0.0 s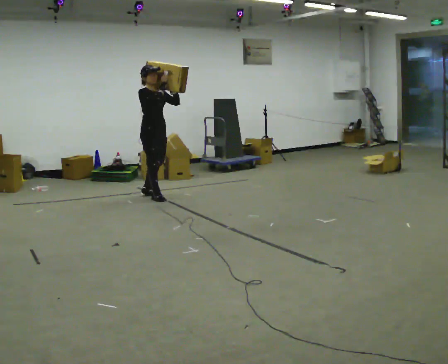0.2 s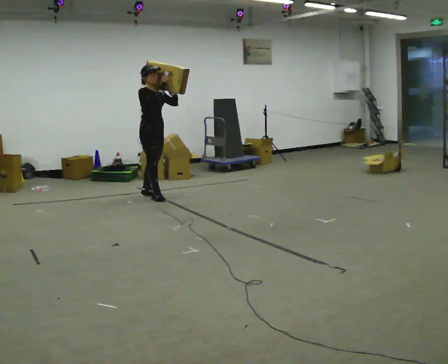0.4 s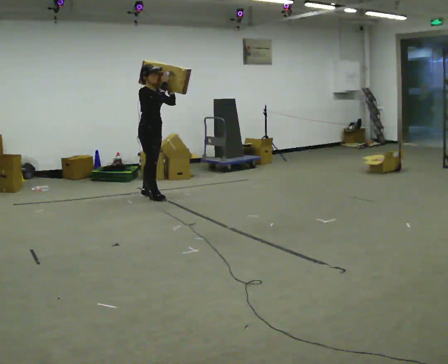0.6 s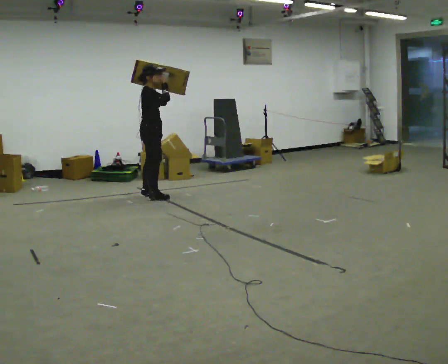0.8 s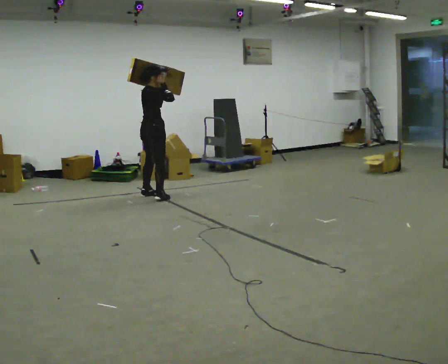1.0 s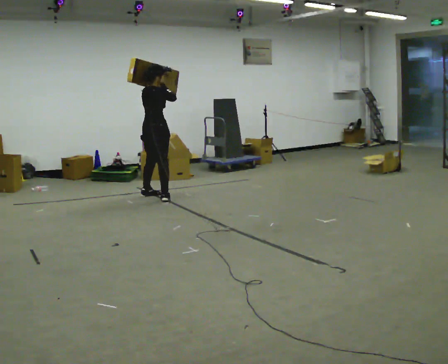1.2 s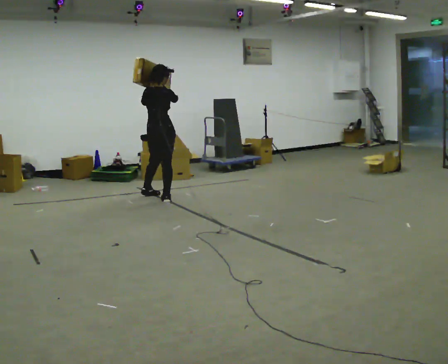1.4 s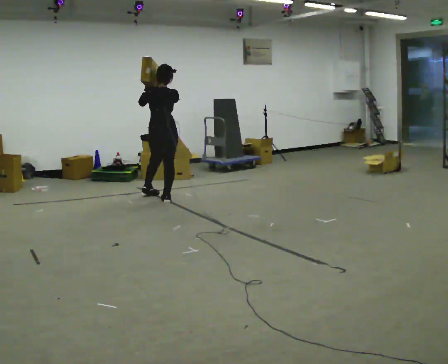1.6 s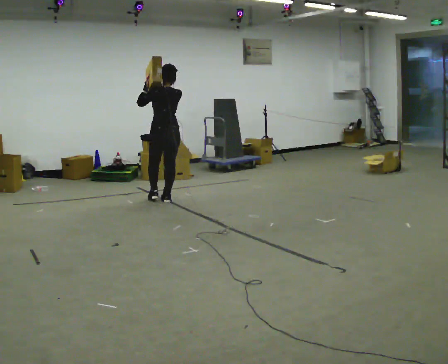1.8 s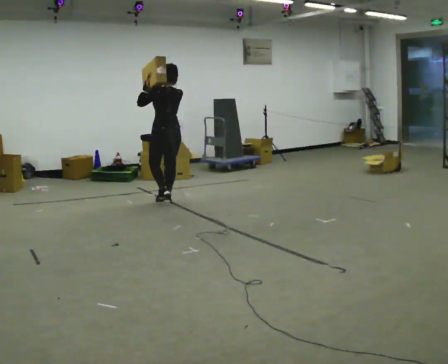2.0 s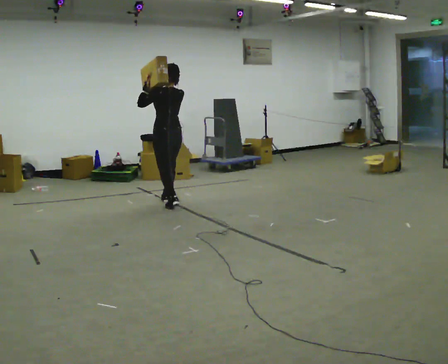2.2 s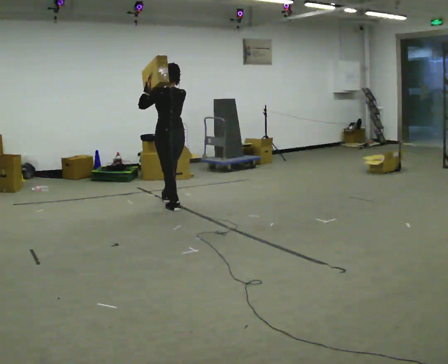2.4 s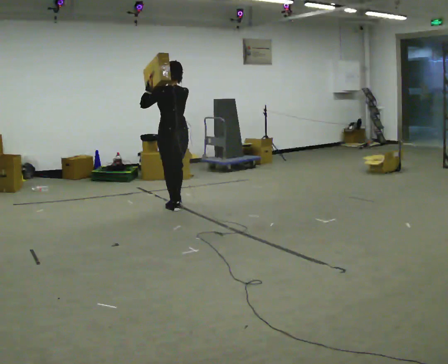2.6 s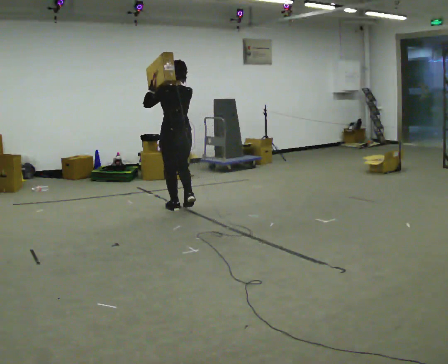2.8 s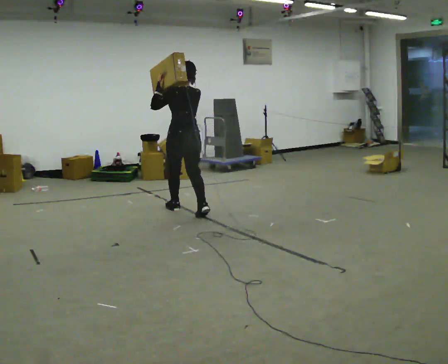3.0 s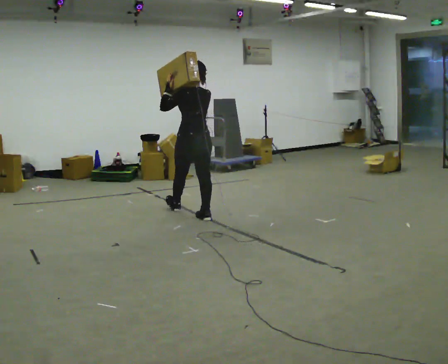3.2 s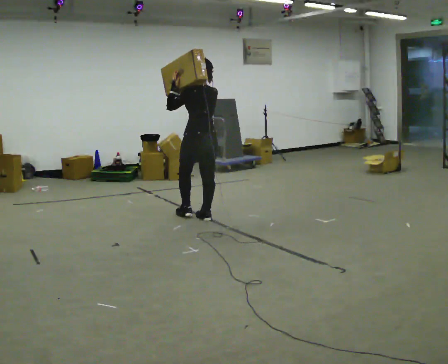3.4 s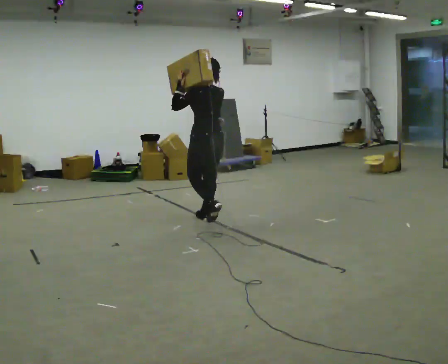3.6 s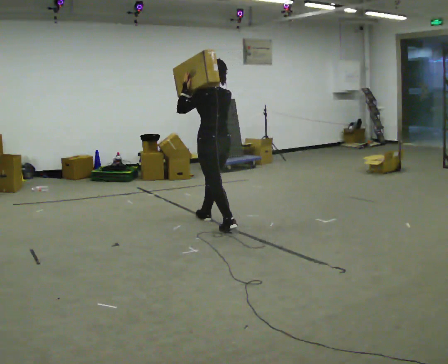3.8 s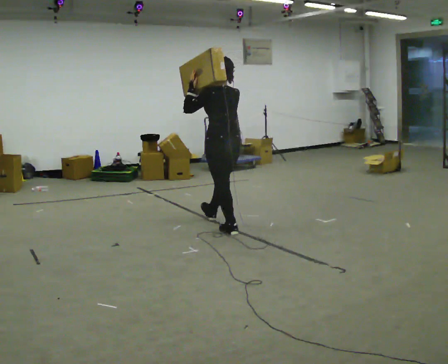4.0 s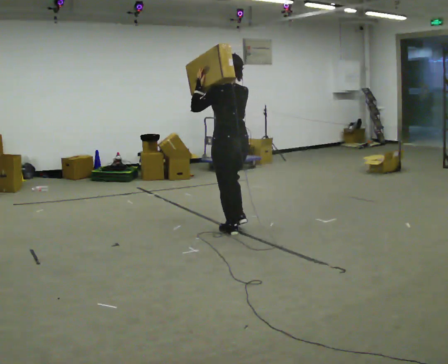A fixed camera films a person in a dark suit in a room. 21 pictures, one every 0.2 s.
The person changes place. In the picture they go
toward the camera.
The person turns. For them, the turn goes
to their left.
0.0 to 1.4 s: The part of the body nearest the lens slides to the right as the person turns to their left by about 120 degrees. In the picture their left hand goes to the left.
1.4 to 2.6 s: Seen from above the body turns counterclockwise, about 45 degrees: to their left, with its near side sliding to the right. In the picture they go toward the camera, about 0.5 m in 1 step, which for them is backward.
2.6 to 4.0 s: In the picture they go toward the camera and to the right, about 1 m in 2 steps, which for them is backward.
The film runs backward here.
